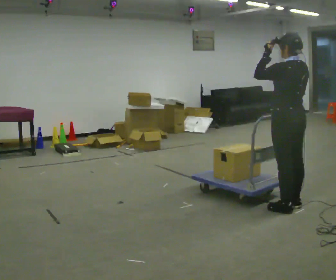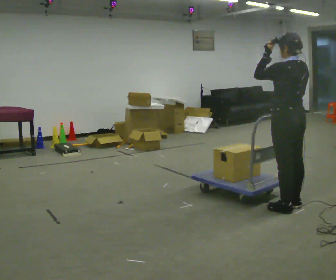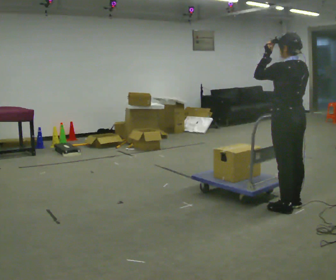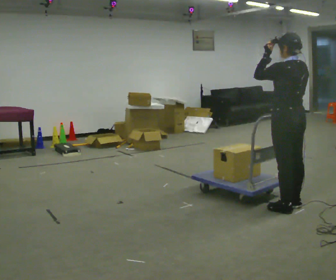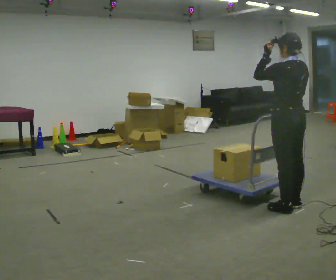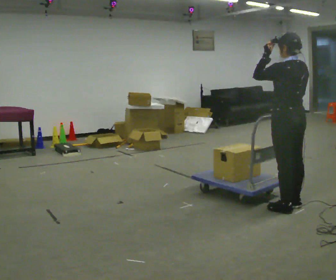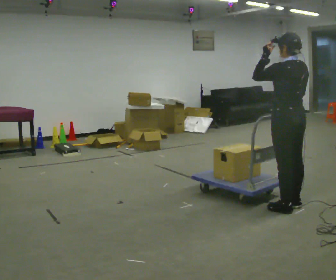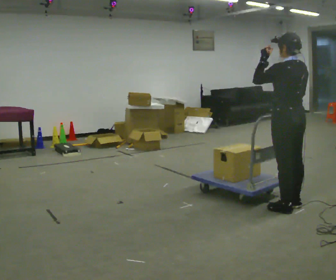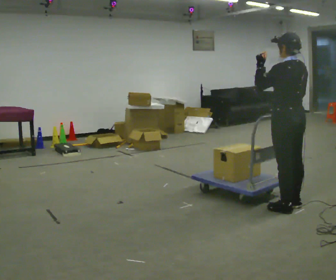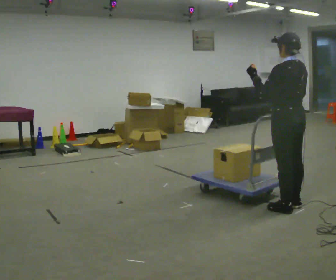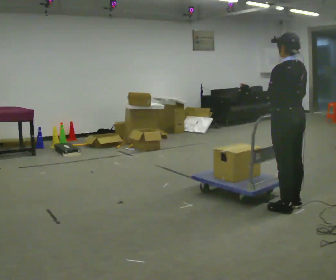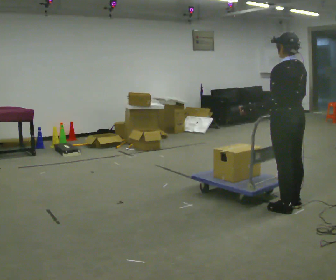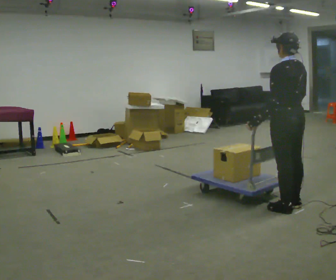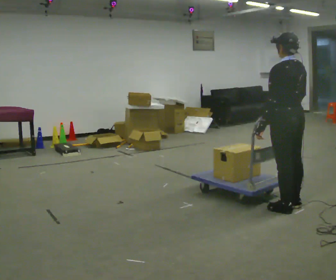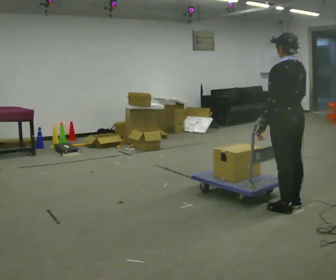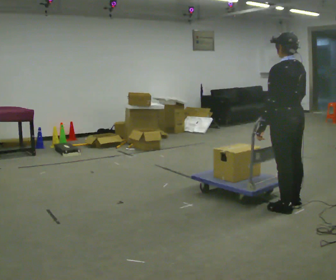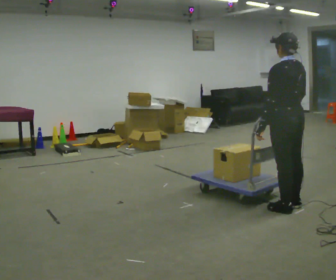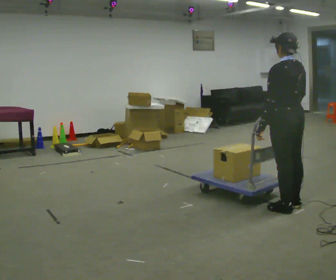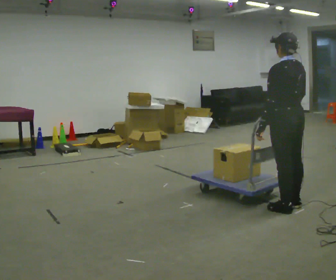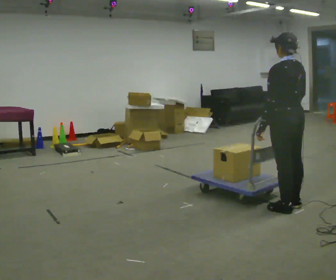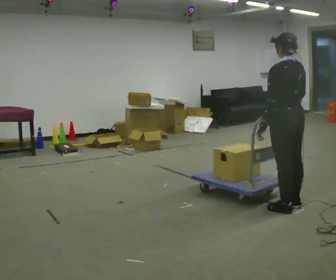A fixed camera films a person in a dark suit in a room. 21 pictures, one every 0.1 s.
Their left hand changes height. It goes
downward.
0.0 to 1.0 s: The person moves a little, or ends about where they began.
1.0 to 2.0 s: In the picture their left hand goes downward, the arm swinging counterclockwise.
The film runs backward here.
